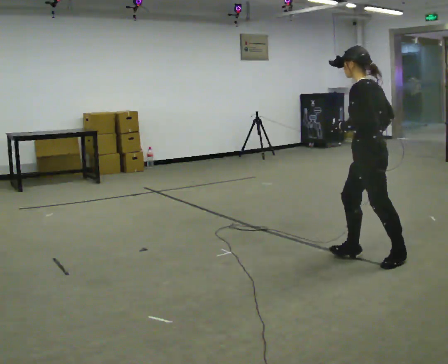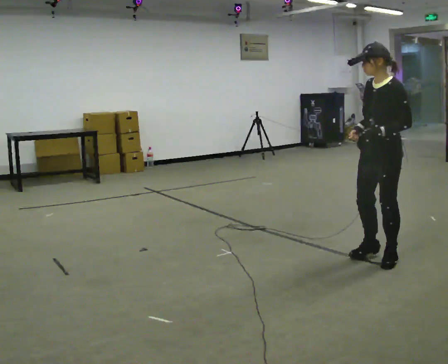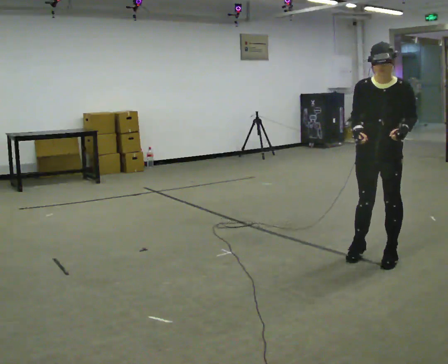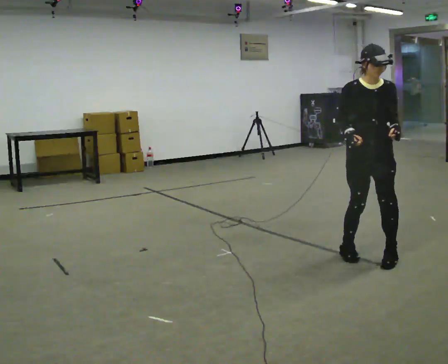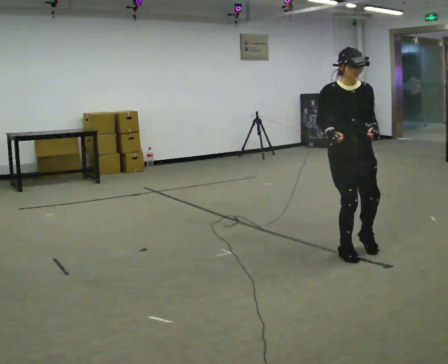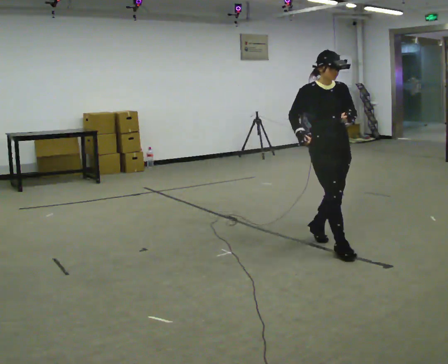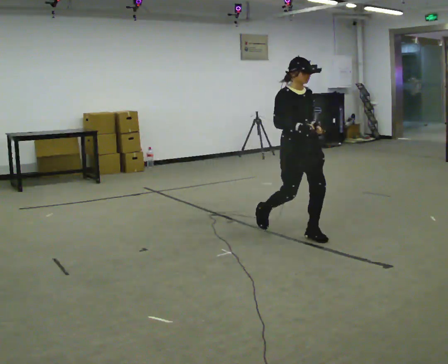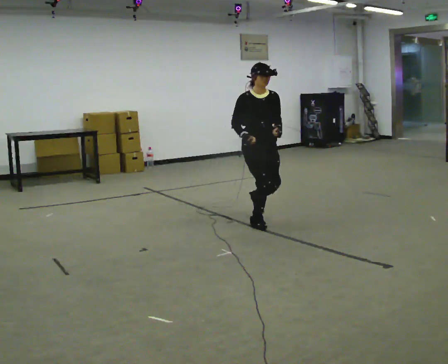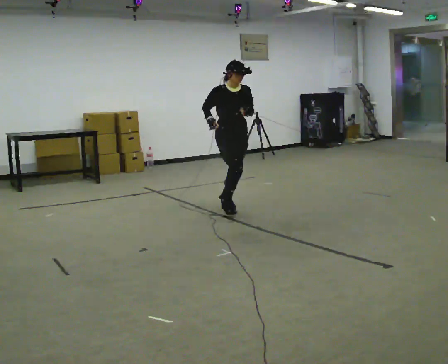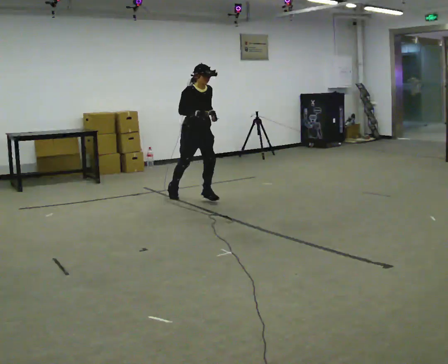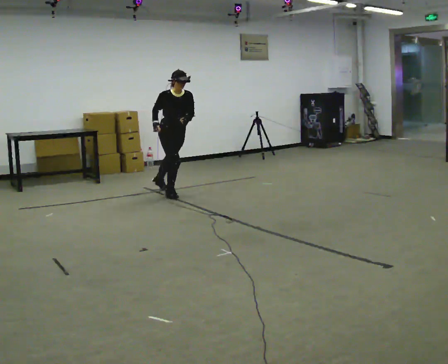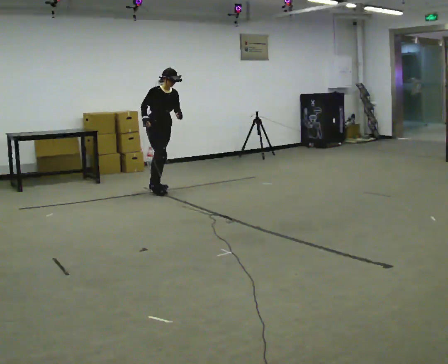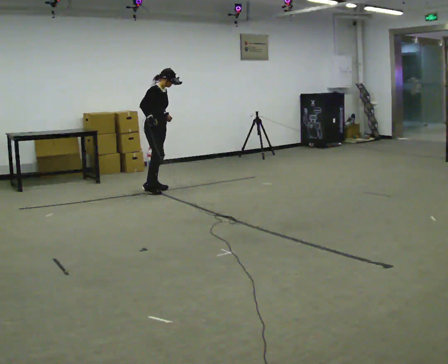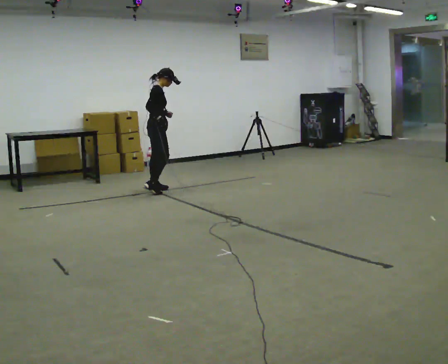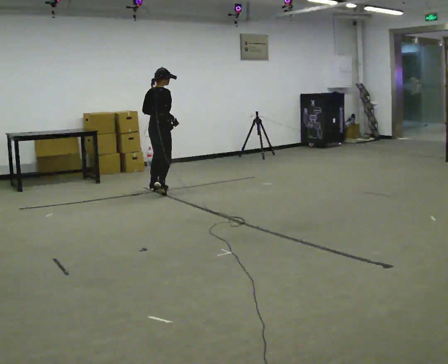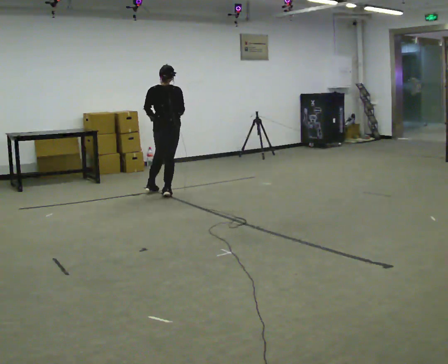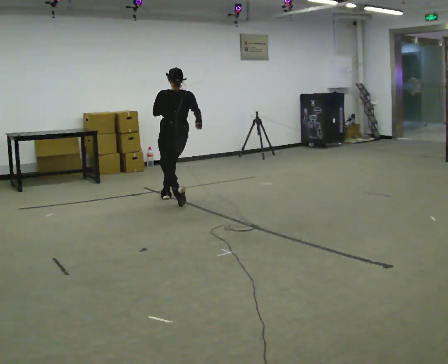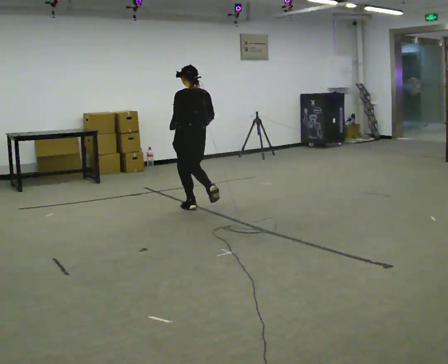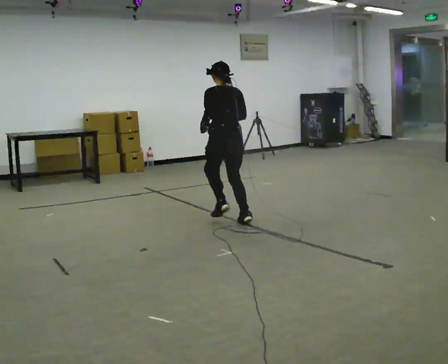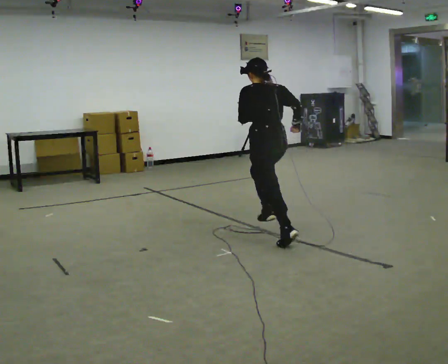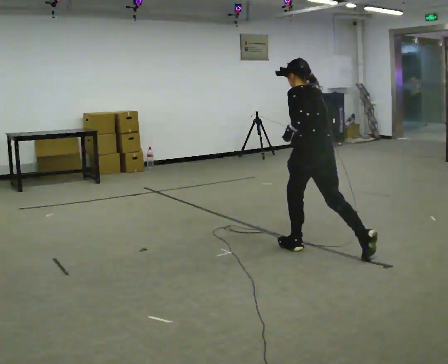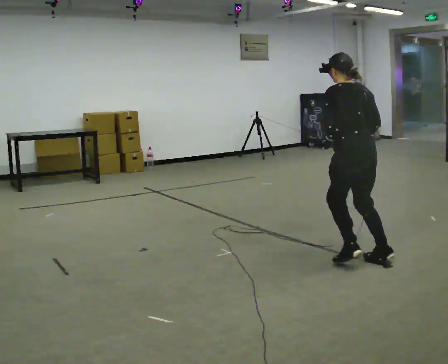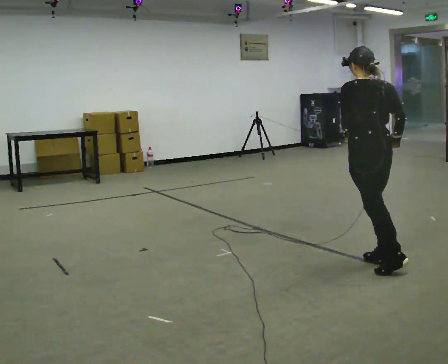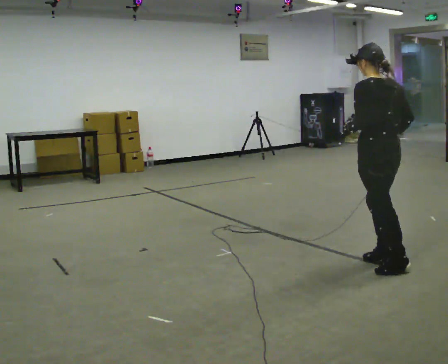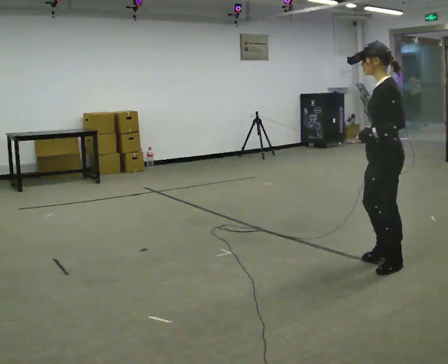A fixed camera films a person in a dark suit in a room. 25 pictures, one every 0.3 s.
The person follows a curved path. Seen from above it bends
counterclockwise.
The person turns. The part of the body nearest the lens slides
to the right.
0.0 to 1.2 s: The person turns about 120 degrees to their left, counterclockwise seen from above, so the part of the body nearest the lens slides to the right. In the picture they go away from the camera, about 0.25 m in 1 step. In the picture their right hand goes to the left, the arm swinging clockwise.
1.2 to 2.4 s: Seen from above the body turns counterclockwise, about 30 degrees: to their left, with its near side sliding to the right. In the picture they go away from the camera and to the left, about 1.5 m in 3 steps, which for them is backward.
2.4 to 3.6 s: The person turns about 45 degrees to their left, counterclockwise seen from above, so the part of the body nearest the lens slides to the right. In the picture they go away from the camera and to the left, about 1.5 m in 2 steps, which for them is backward.
3.6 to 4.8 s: Seen from above the body turns counterclockwise, about 120 degrees: to their left, with its near side sliding to the right. In the picture they go toward the camera and to the right, about 0.75 m in 3 steps.
4.8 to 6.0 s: In the picture they go toward the camera and to the right, about 2 m in 2 steps, which for them is backward. The upper body tips away from the camera, its near side rolling upward, as they bend forward.
6.0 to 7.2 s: The person turns about 45 degrees to their left, counterclockwise seen from above, so the part of the body nearest the lens slides to the right. In the picture they go toward the camera and to the right, about 0.75 m in 2 steps, which for them is backward. The upper body tips toward the camera, its near side rolling downward.
The film runs backward here.
